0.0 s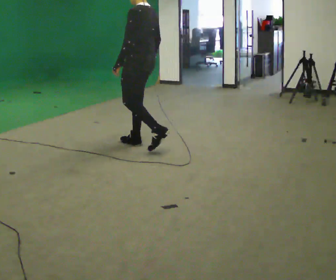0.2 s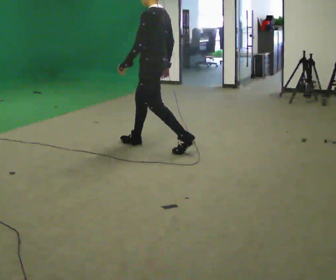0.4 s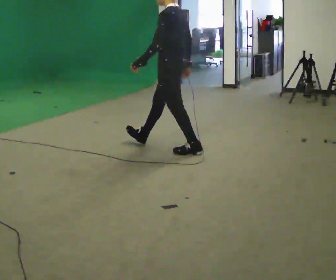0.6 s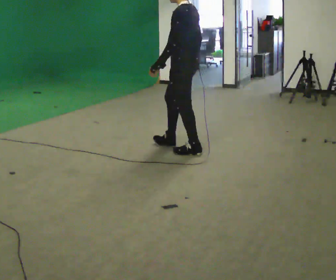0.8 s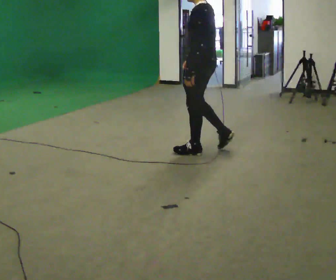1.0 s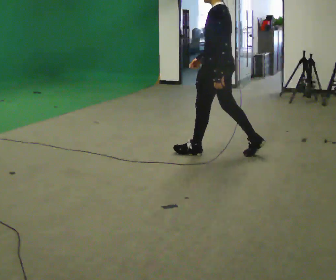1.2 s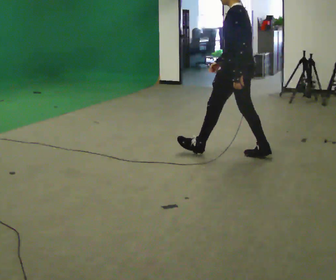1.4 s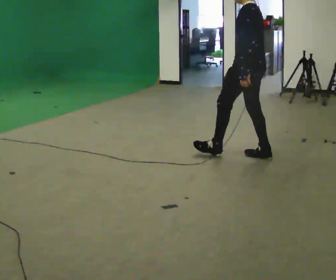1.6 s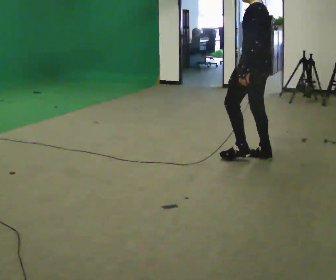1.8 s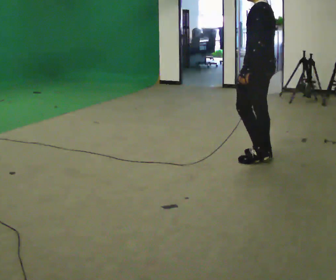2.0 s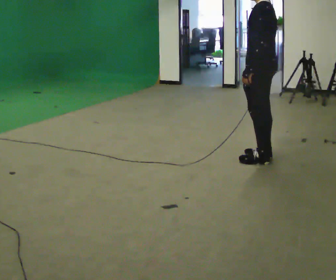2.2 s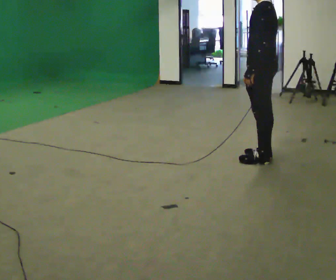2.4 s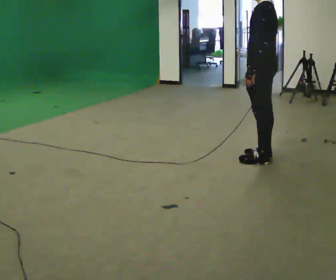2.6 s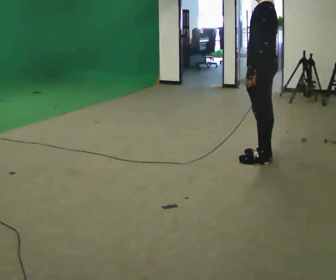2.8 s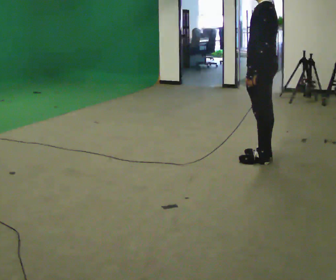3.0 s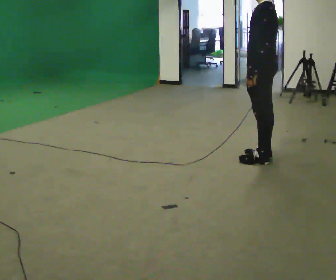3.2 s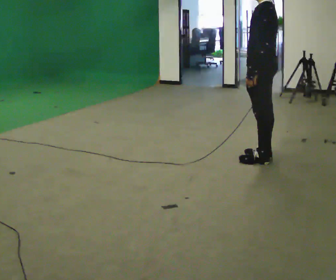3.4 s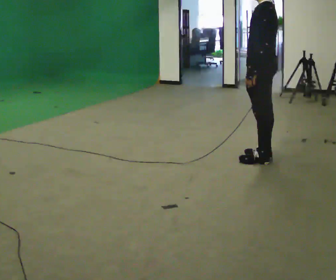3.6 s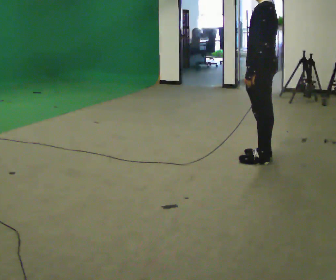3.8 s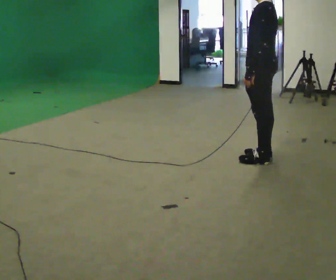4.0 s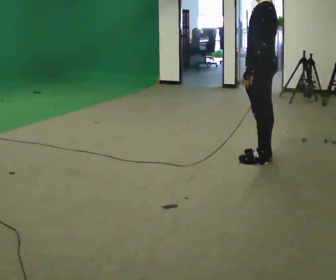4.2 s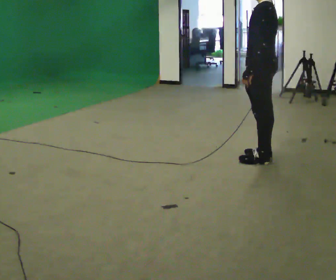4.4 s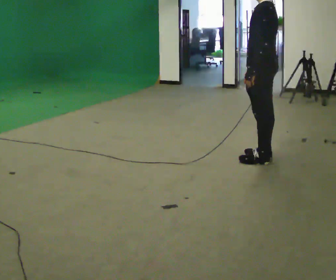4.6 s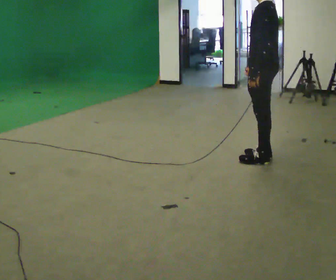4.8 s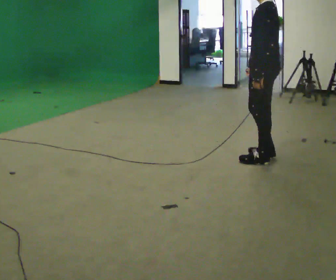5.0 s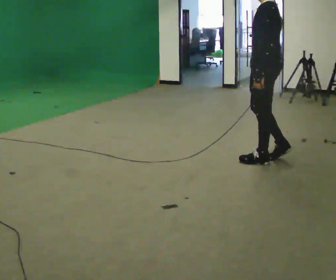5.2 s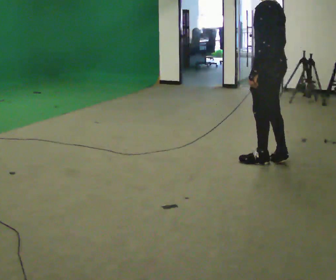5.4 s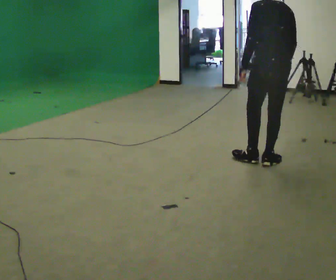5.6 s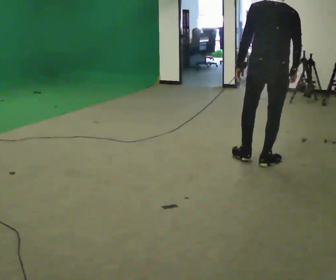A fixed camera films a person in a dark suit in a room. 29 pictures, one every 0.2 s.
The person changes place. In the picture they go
to the right.
0.0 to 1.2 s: In the picture they go to the right, about 1 m in 1 step, which for them is backward.
1.2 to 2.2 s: In the picture they go to the right, about 0.25 m in 1 step, which for them is backward. In the picture their right hand goes to the right.
2.2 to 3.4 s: The person moves a little, or ends about where they began.
3.4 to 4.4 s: The person keeps their place and pose.
4.4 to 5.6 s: The part of the body nearest the lens slides to the left as the person turns to their right by about 75 degrees. In the picture their right hand goes to the right.
The film runs backward here.
